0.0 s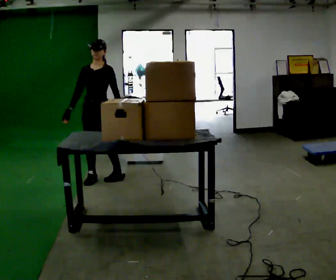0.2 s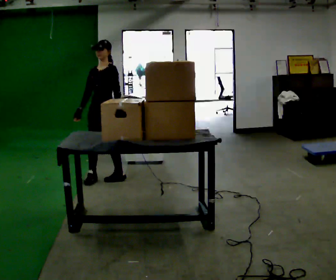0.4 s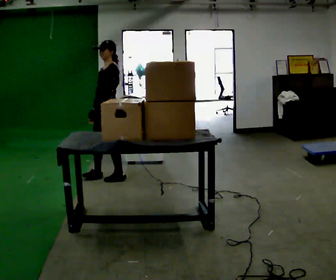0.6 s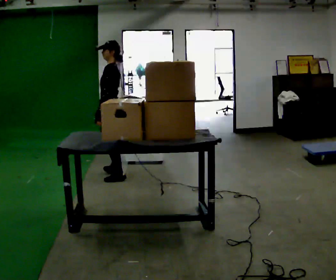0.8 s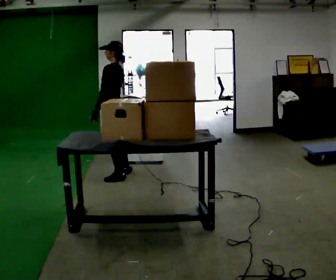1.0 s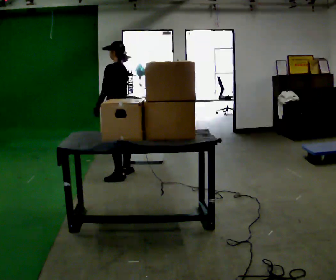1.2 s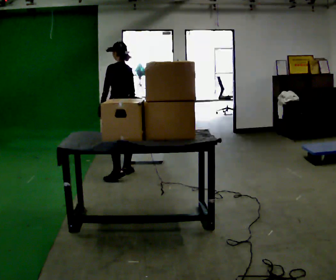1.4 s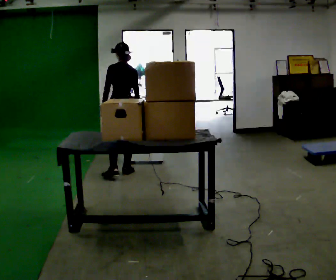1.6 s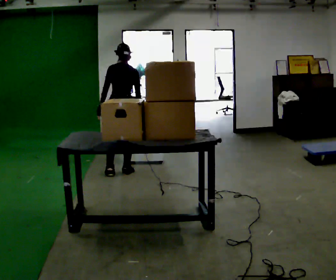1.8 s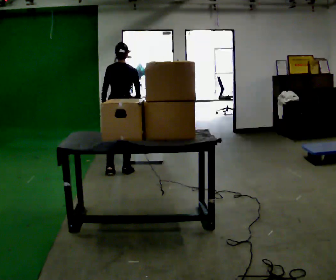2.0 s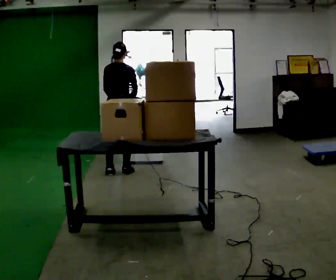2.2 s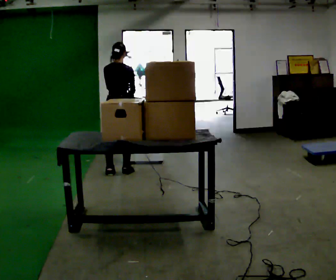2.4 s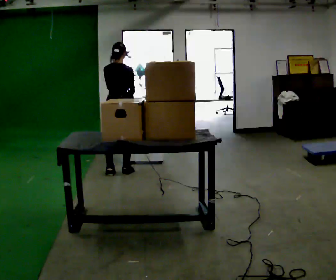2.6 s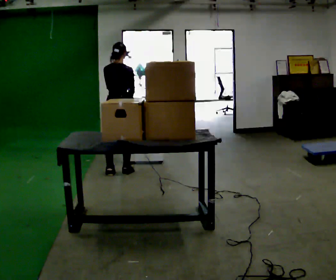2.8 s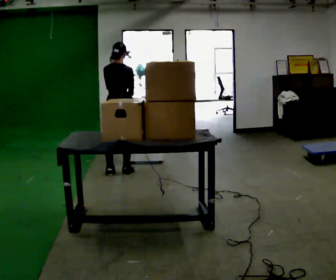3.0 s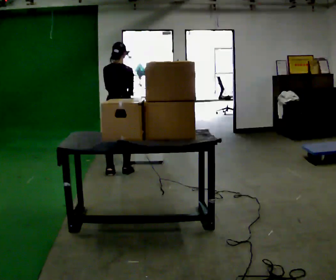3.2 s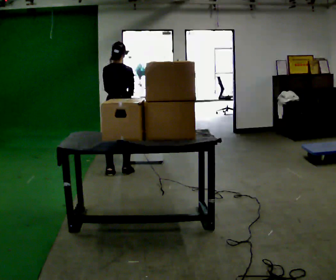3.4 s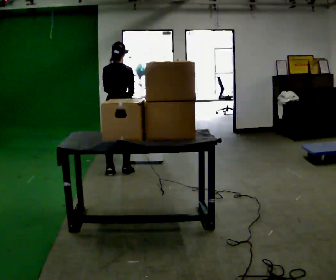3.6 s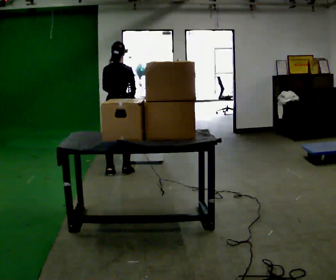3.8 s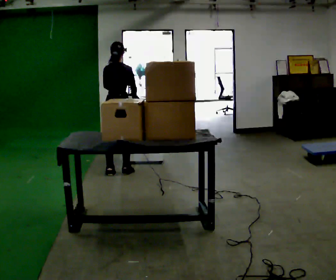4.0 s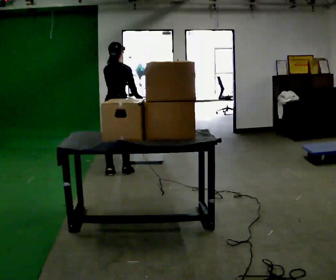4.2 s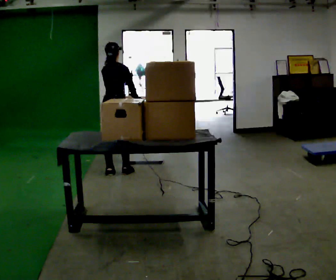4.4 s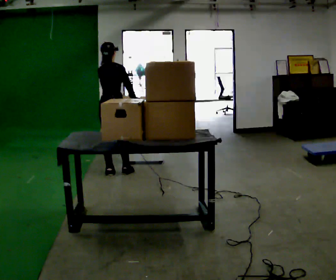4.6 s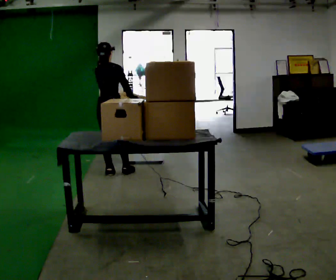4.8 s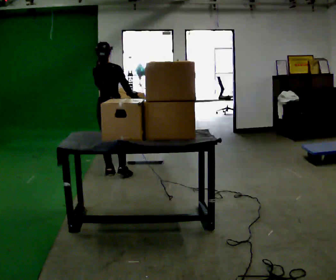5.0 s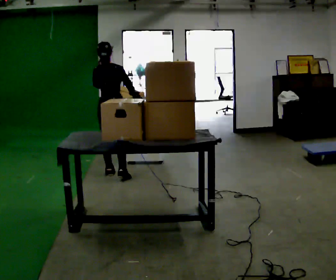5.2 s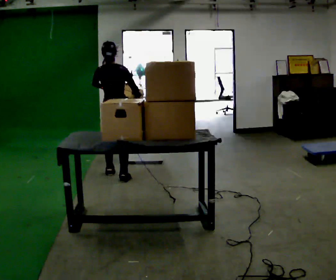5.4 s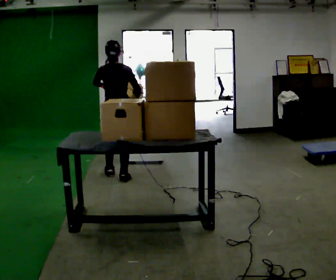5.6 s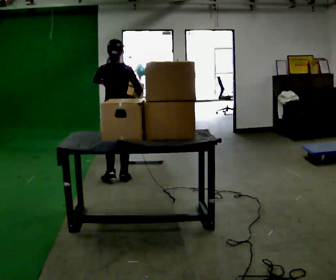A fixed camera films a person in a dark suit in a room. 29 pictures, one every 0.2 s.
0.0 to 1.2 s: Seen from above the body turns clockwise, about 120 degrees: to their right, with its near side sliding to the left. In the picture they go to the right and away from the camera, about 0.25 m in 1 step.
1.2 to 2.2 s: Seen from above the body turns clockwise, about 60 degrees: to their right, with its near side sliding to the left.
2.2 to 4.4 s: The person moves a little, or ends about where they began.
4.4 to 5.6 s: Seen from above the body turns counterclockwise, about 45 degrees: to their left, with its near side sliding to the right. In the picture they go toward the camera, about 0.25 m in 2 steps, which for them is to their right and backward.
The film runs backward here.
